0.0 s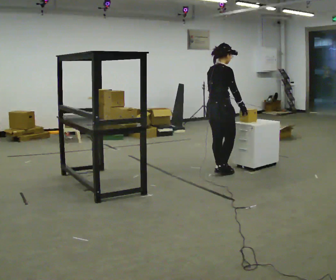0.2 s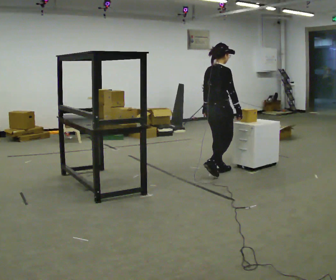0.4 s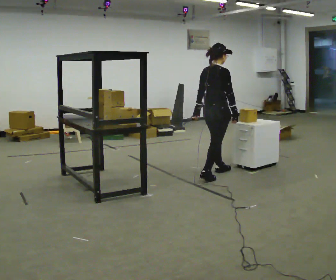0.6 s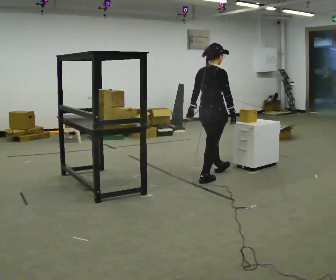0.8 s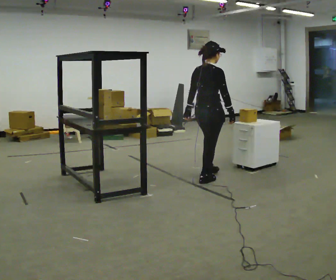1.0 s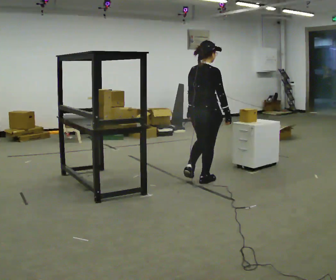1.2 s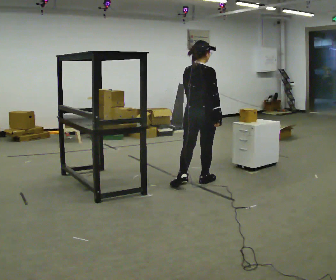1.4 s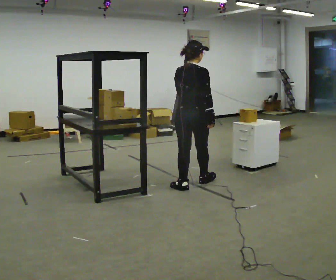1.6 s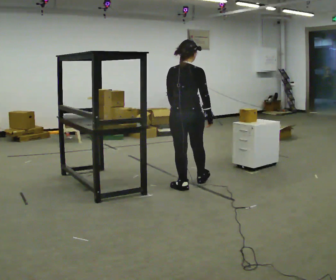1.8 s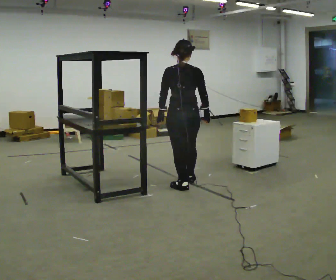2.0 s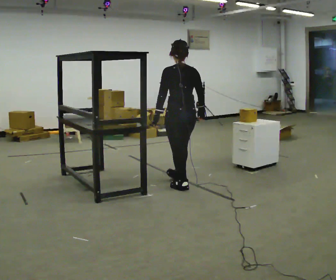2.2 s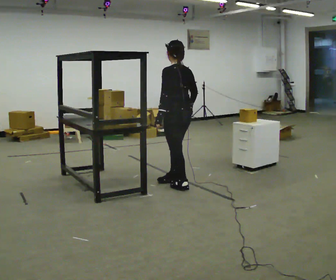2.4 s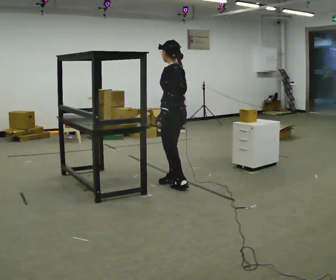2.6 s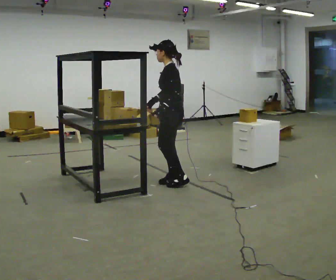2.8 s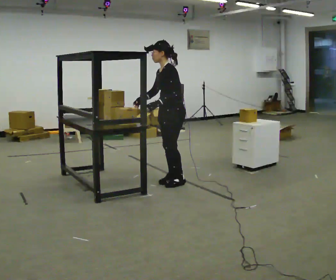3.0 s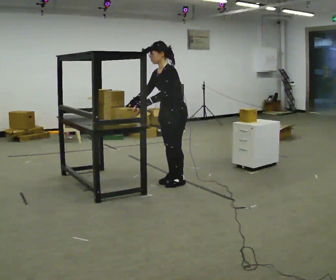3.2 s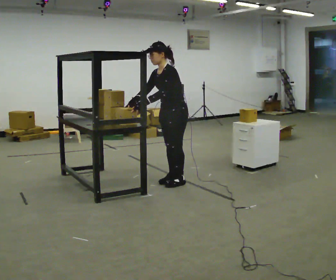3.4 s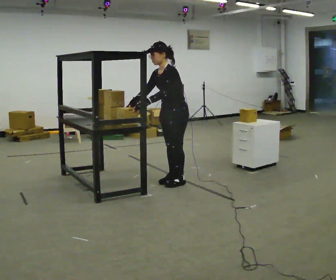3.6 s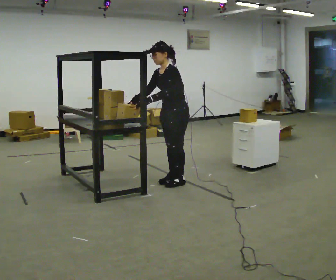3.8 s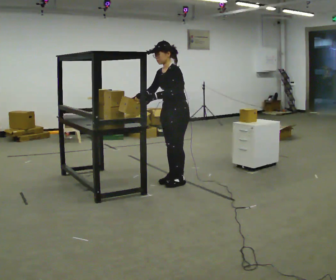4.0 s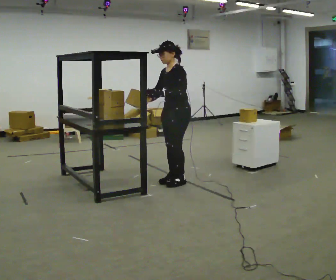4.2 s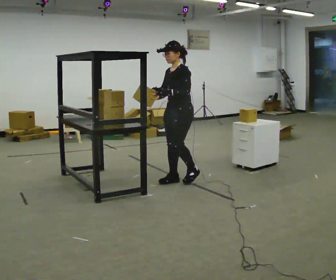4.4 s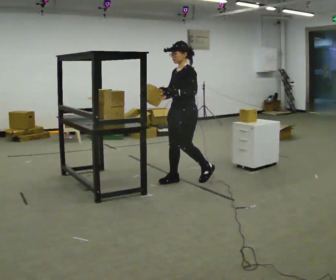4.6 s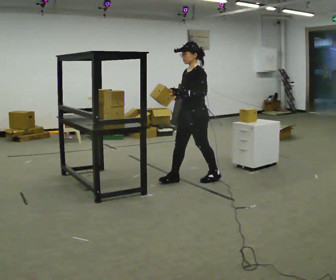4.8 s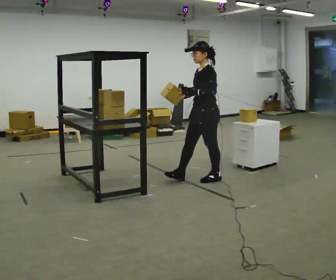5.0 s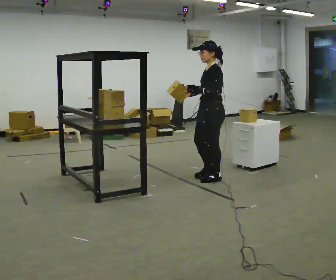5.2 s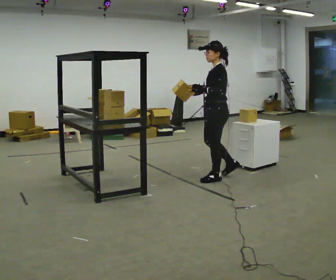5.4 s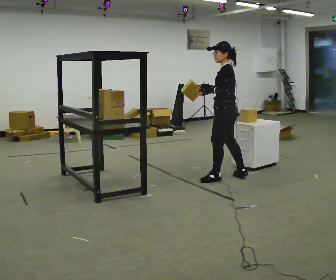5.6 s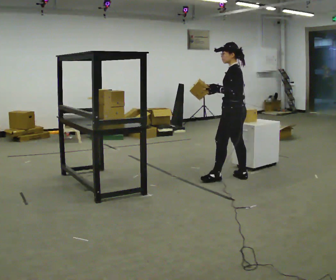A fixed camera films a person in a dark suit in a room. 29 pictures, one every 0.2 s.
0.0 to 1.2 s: The person turns about 30 degrees to their left, counterclockwise seen from above, so the part of the body nearest the lens slides to the right. In the picture they go toward the camera and to the left, about 0.5 m in 1 step, which for them is backward.
1.2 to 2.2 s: The part of the body nearest the lens slides to the right as the person turns to their left by about 75 degrees. In the picture they go to the left, about 0.25 m in 1 step. In the picture their left hand goes to the left.
2.2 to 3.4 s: The part of the body nearest the lens slides to the right as the person turns to their left by about 75 degrees. In the picture they go away from the camera, about 0.25 m in 1 step. In the picture the upper body tilts counterclockwise, shoulders to the left, as they bend forward. In the picture their right hand goes to the left, the arm swinging clockwise.
3.4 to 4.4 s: In the picture the upper body tilts clockwise, shoulders to the right, as they lean back or straighten.
4.4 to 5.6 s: Seen from above the body turns clockwise, about 60 degrees: to their right, with its near side sliding to the left. In the picture they go to the right, about 0.5 m in 1 step, which for them is backward.
The film runs backward here.
